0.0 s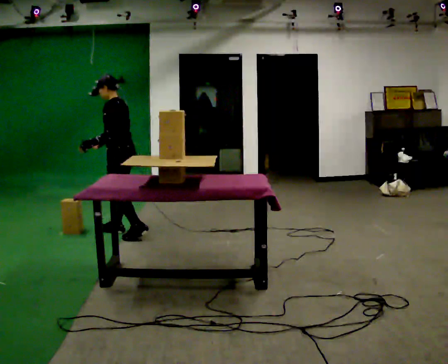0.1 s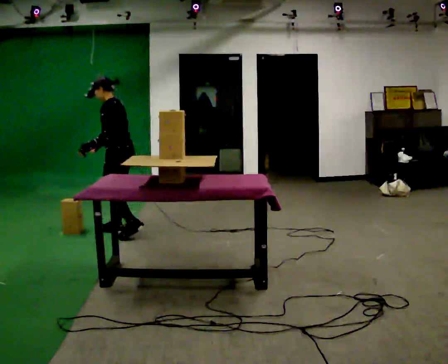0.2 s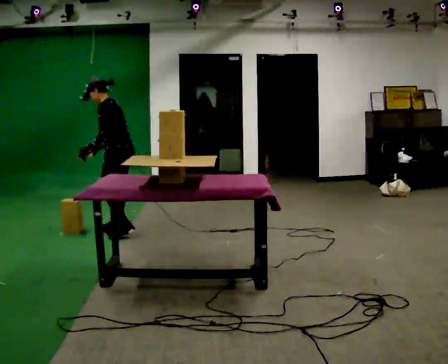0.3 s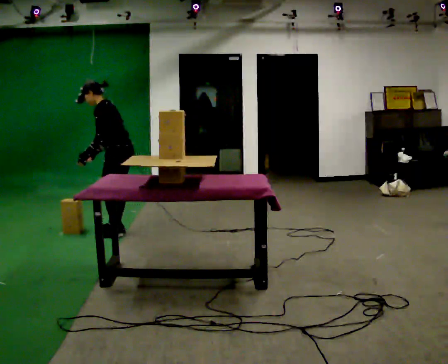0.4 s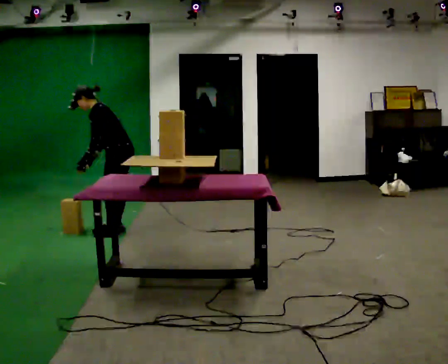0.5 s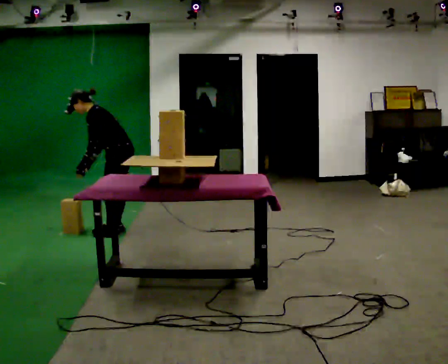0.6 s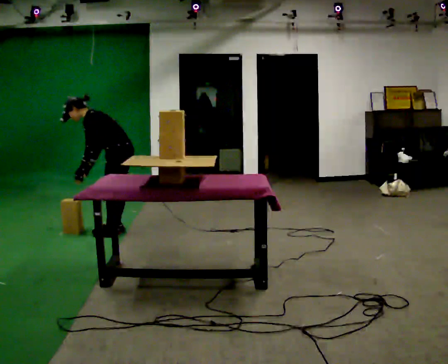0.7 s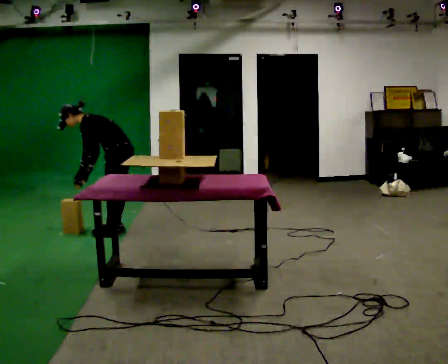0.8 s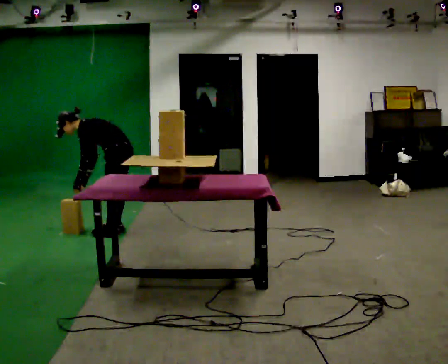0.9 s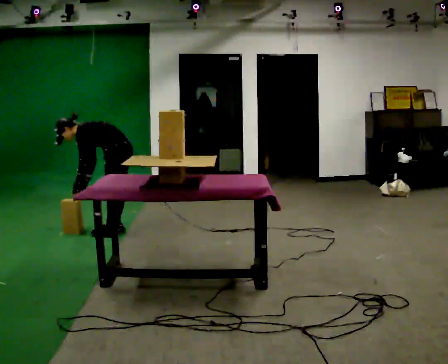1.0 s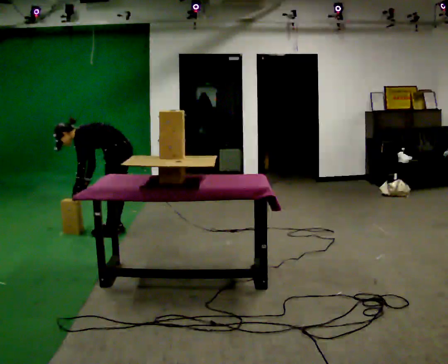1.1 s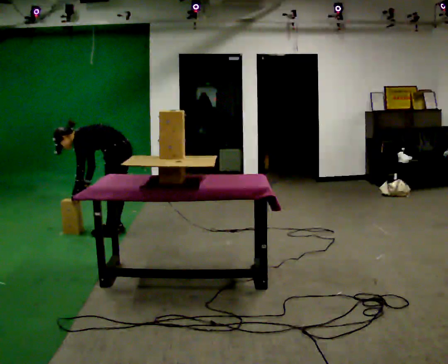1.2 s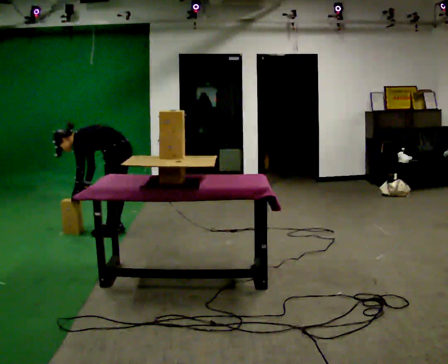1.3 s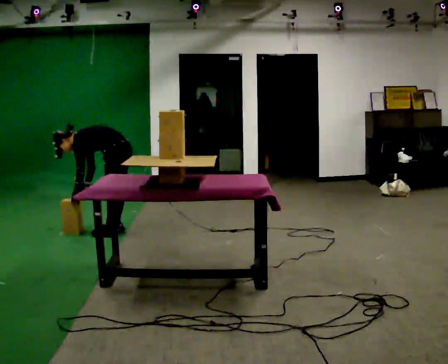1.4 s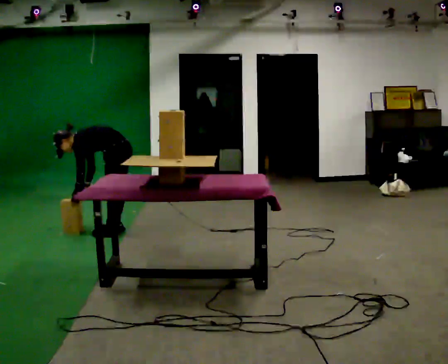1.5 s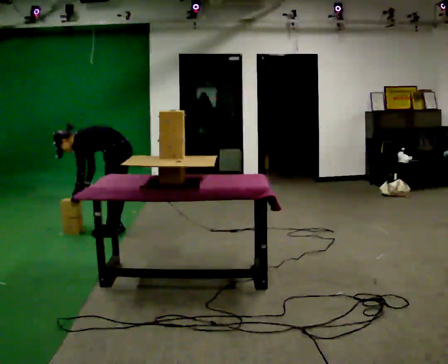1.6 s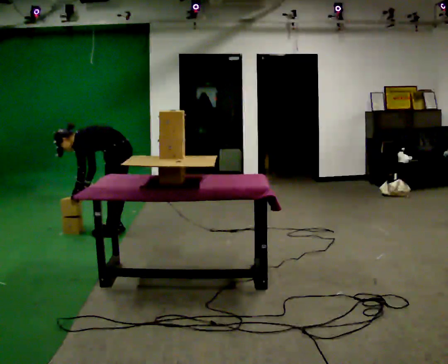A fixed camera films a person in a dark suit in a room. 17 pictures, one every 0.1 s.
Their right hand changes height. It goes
downward.
Their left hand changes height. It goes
downward.
0.0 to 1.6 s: The shoulders move downward. In the picture the upper body tilts counterclockwise, shoulders to the left, as they bend forward. In the picture their right hand goes downward.
The film runs forward here.
